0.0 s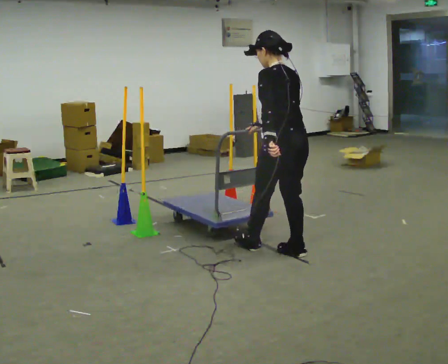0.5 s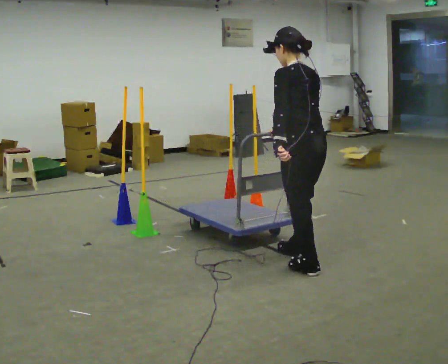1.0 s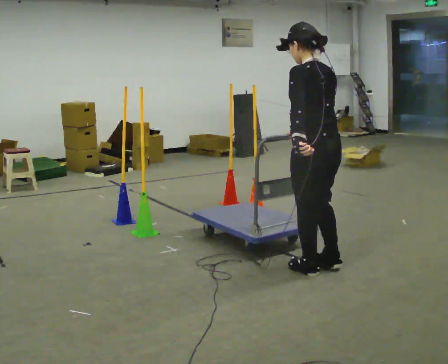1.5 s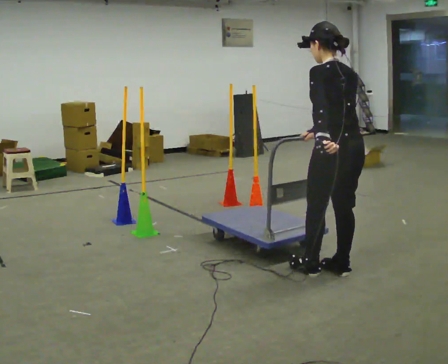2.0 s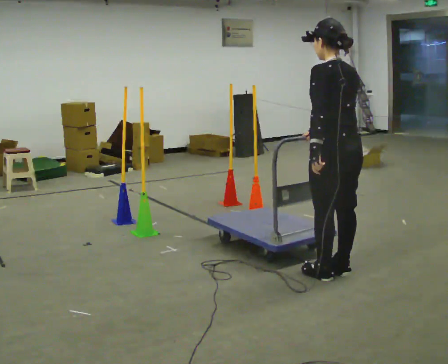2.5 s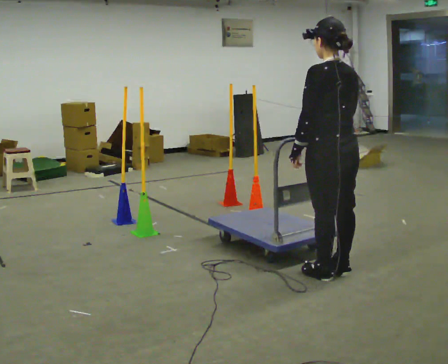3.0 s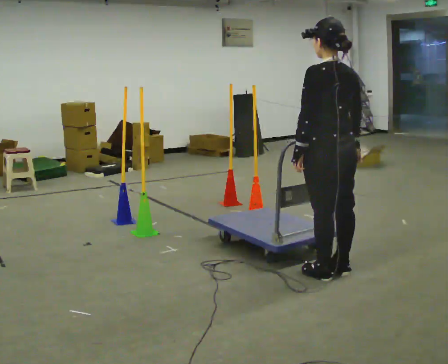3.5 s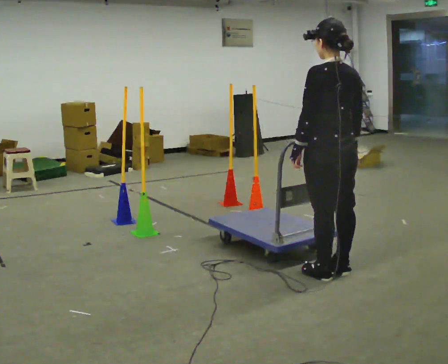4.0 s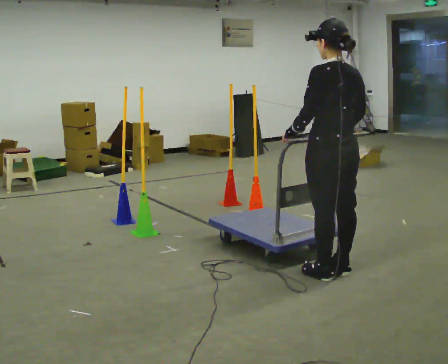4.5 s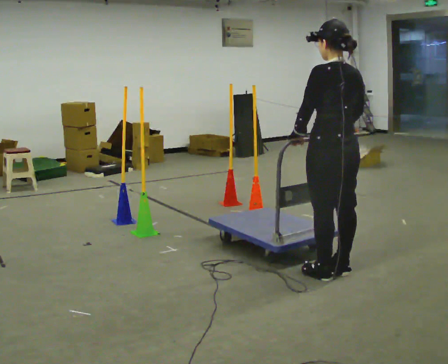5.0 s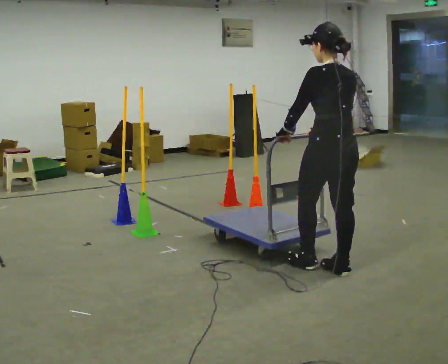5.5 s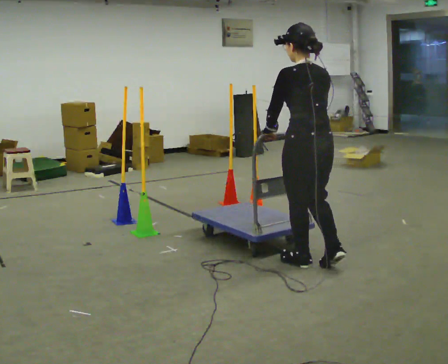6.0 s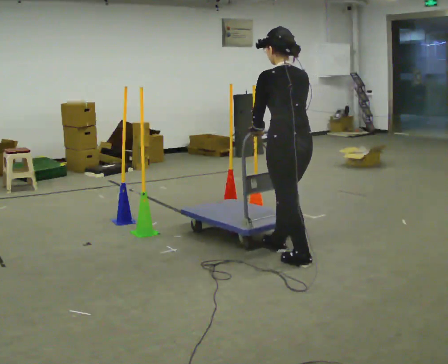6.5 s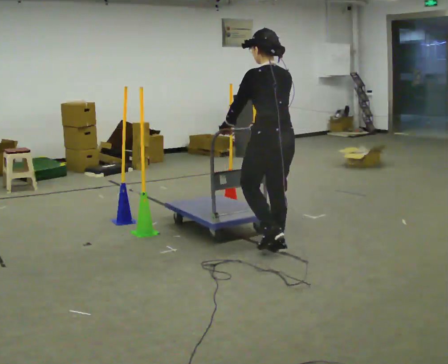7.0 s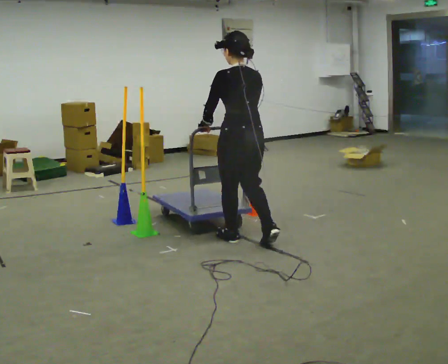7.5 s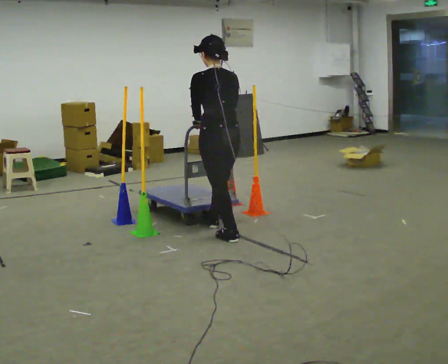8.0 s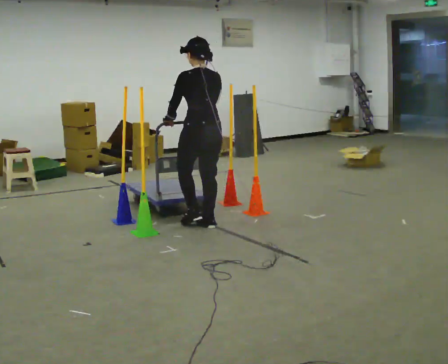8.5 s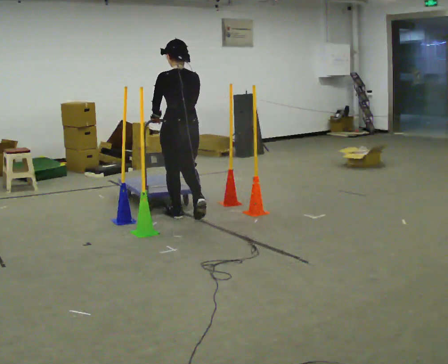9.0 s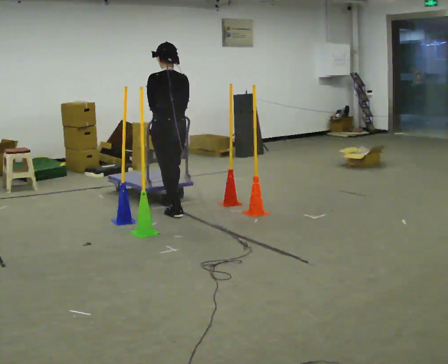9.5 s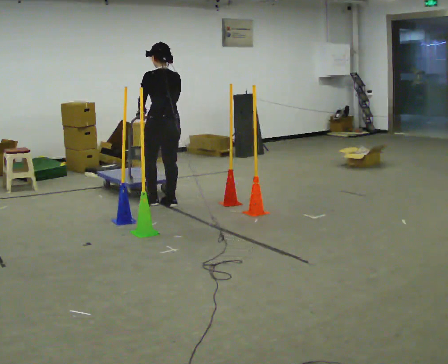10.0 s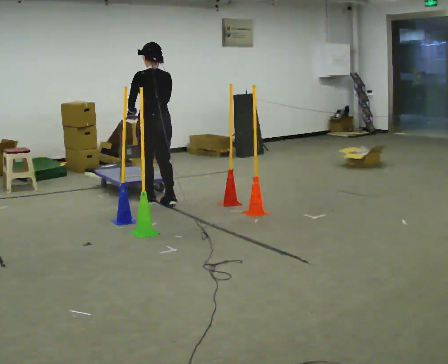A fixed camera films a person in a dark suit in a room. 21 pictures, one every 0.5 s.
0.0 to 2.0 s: In the picture they go to the right and toward the camera, about 0.5 m in 2 steps, which for them is backward.
2.0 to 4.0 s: The person moves a little, or ends about where they began.
4.0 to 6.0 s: In the picture they go to the left and away from the camera, about 0.5 m in 2 steps, which for them is forward.
6.0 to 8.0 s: In the picture they go to the left and away from the camera, about 1 m in 2 steps, which for them is forward.
8.0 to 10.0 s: In the picture they go to the left and away from the camera, about 1 m in 3 steps, which for them is forward.
The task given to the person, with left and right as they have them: Push the cart in and out of the line of poles without touching any of them. Keep going until the operator says stop.
The film runs forward here.
